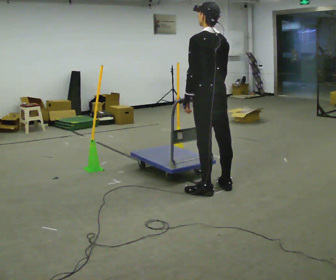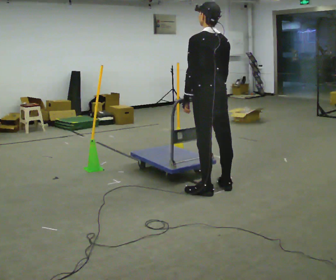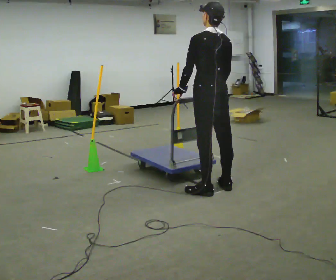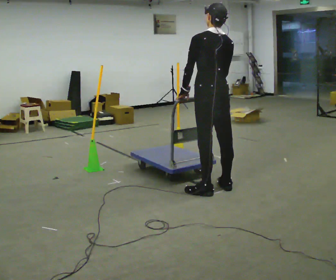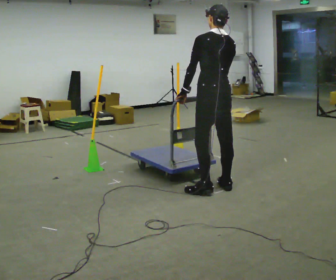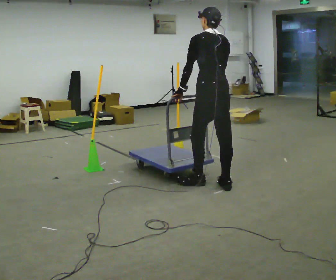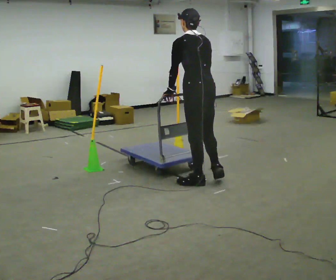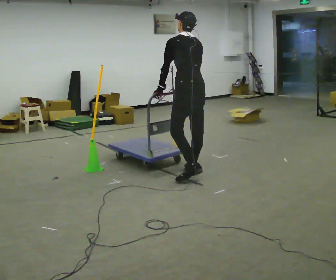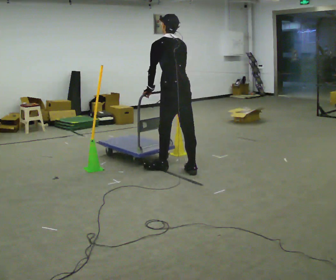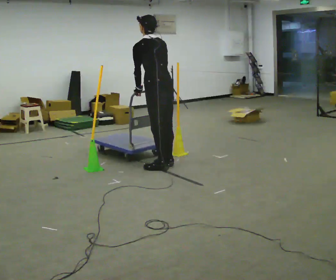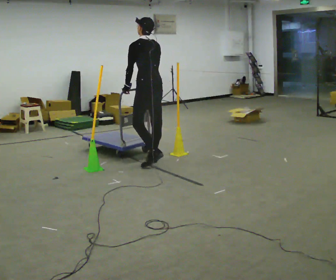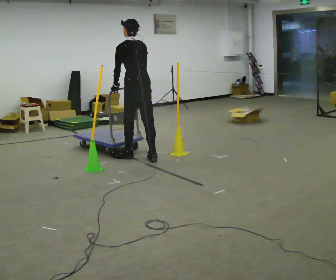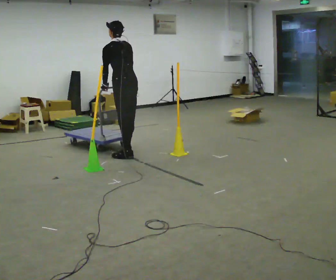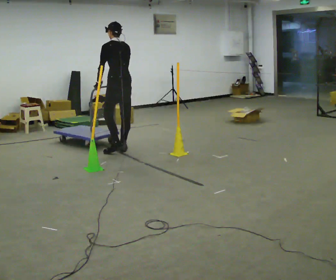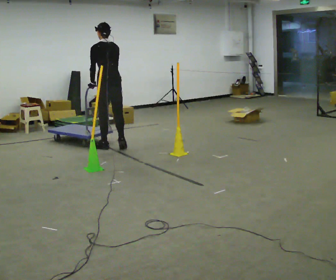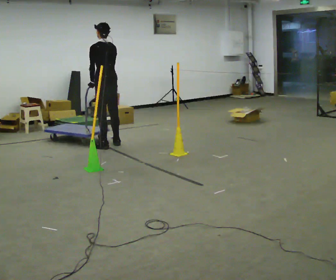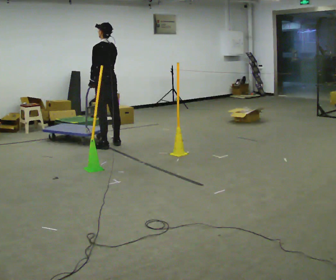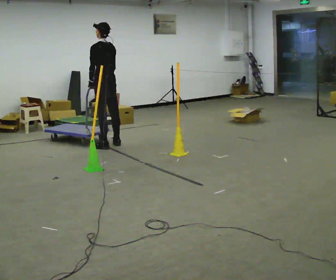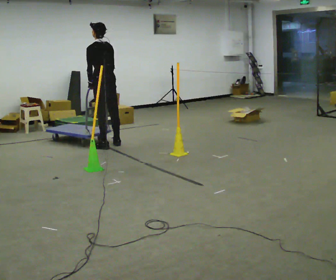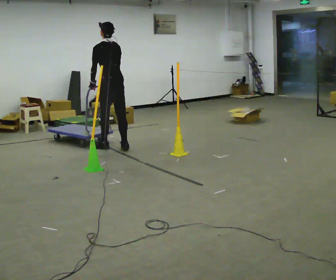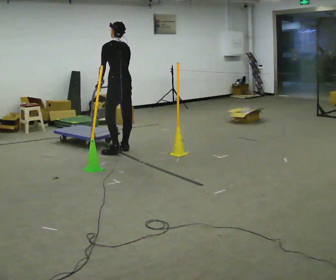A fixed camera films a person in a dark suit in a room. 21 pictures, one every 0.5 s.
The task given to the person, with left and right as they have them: Push the cart through the gap between the poles without touching them, then bring it back through.
0.0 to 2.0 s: The person moves a little, or ends about where they began.
2.0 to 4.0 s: In the picture they go away from the camera and to the left, about 0.75 m in 3 steps, which for them is forward.
4.0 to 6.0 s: In the picture they go away from the camera and to the left, about 1 m in 2 steps, which for them is forward.
6.0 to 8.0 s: In the picture they go away from the camera and to the left, about 0.75 m in 3 steps, which for them is forward.
8.0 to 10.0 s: In the picture they go toward the camera and to the right, about 0.5 m in 1 step, which for them is backward.
The film runs forward here.
